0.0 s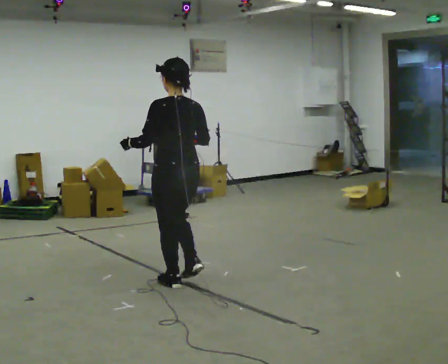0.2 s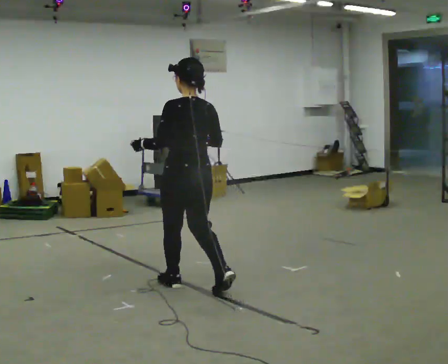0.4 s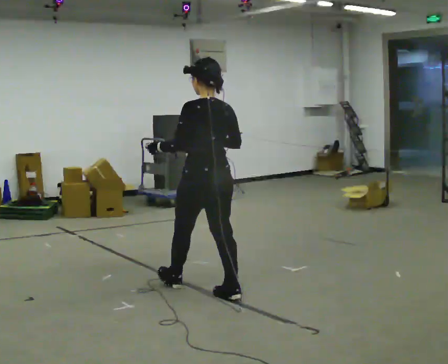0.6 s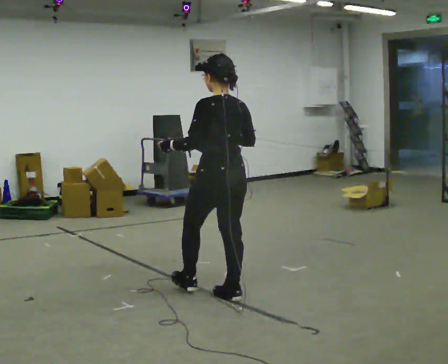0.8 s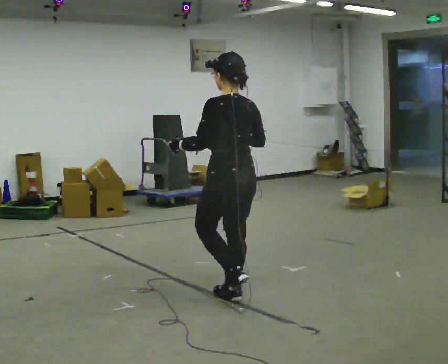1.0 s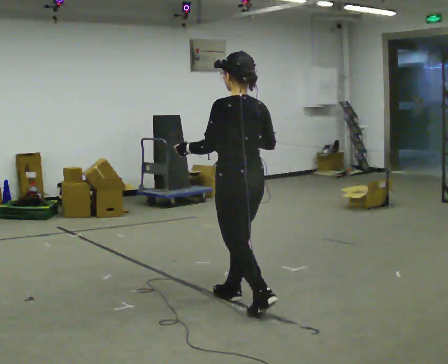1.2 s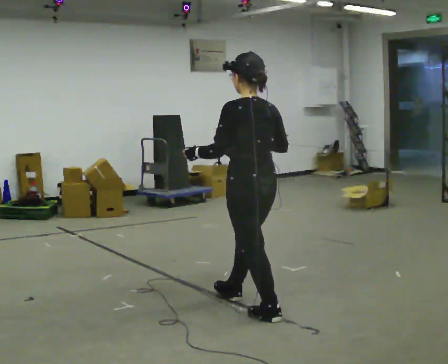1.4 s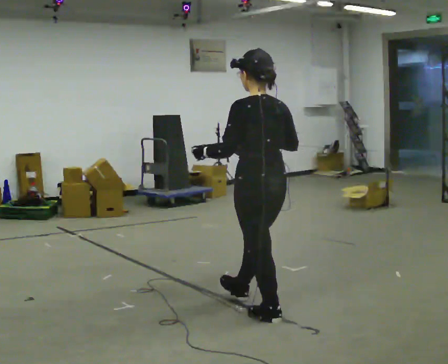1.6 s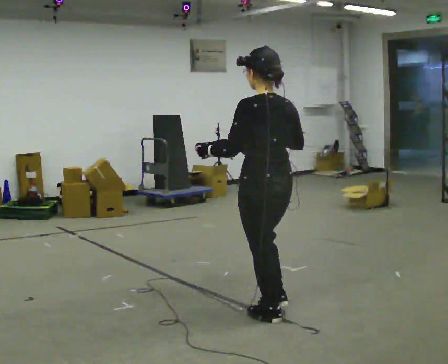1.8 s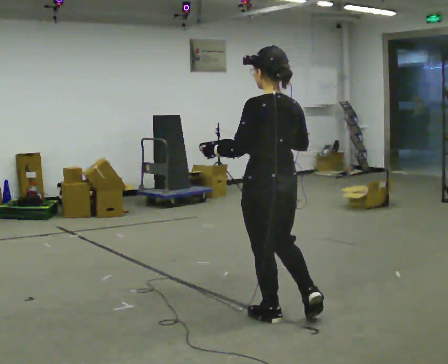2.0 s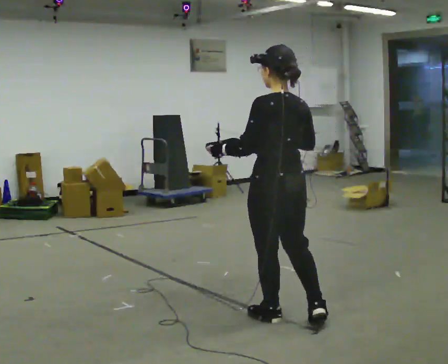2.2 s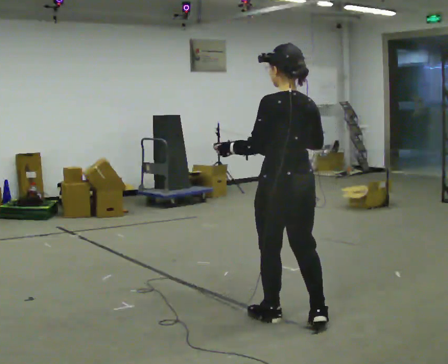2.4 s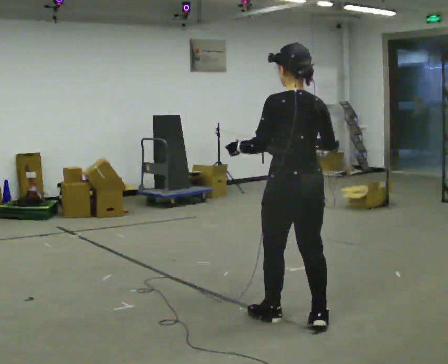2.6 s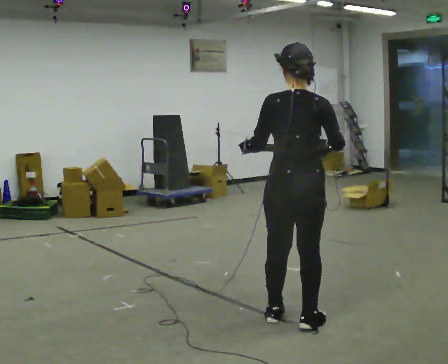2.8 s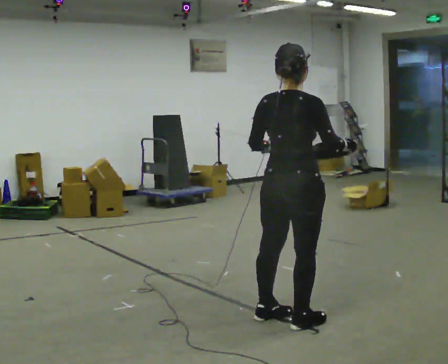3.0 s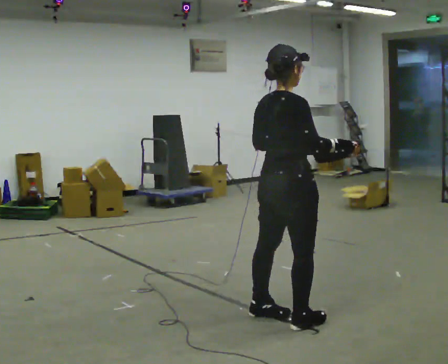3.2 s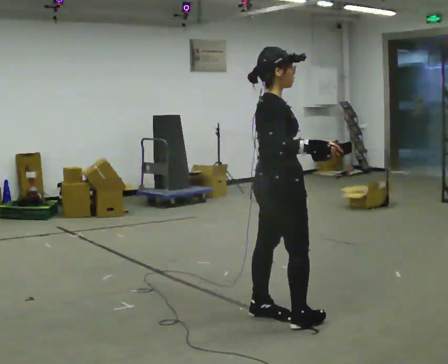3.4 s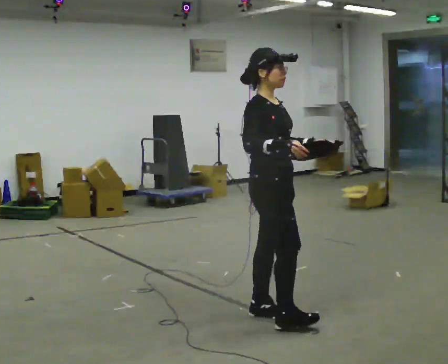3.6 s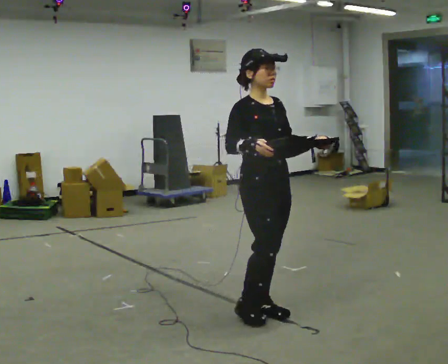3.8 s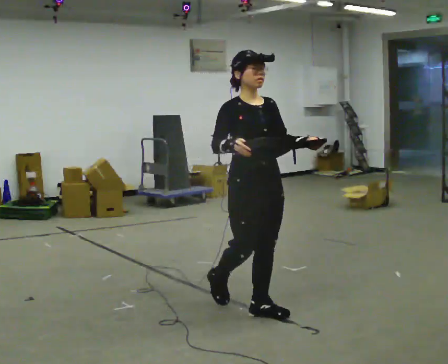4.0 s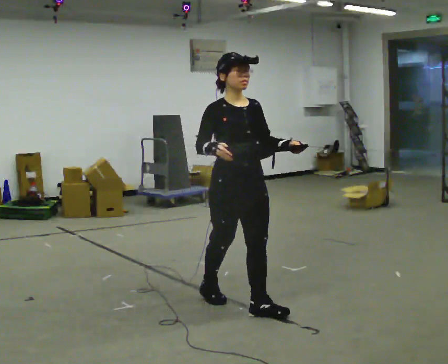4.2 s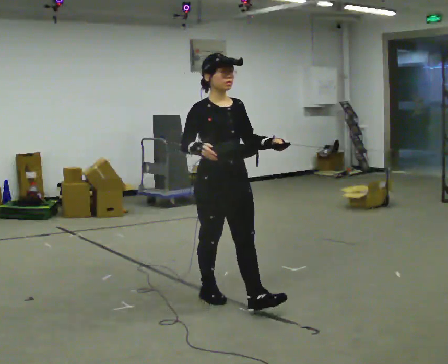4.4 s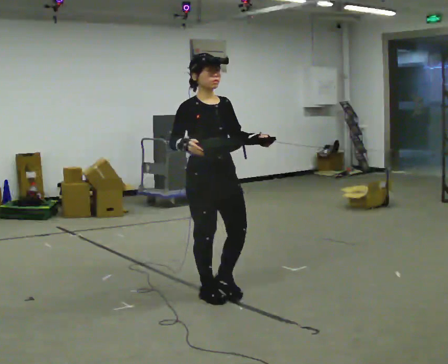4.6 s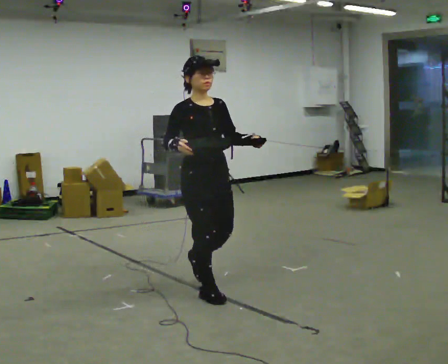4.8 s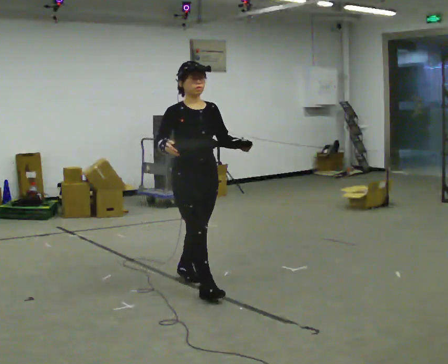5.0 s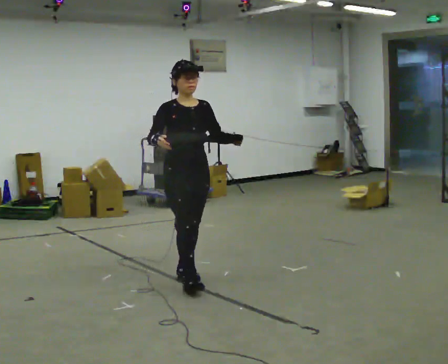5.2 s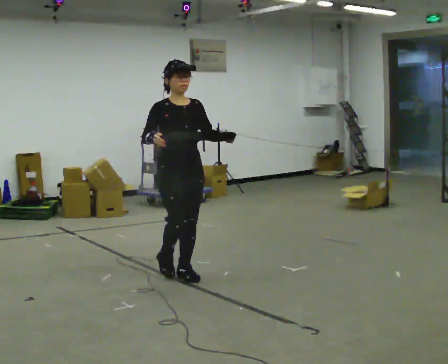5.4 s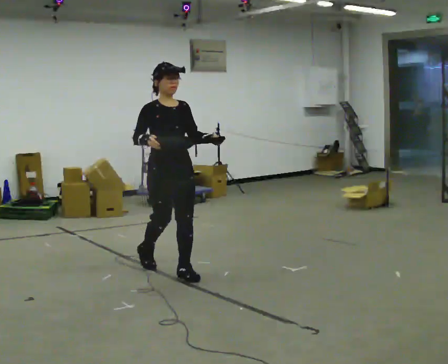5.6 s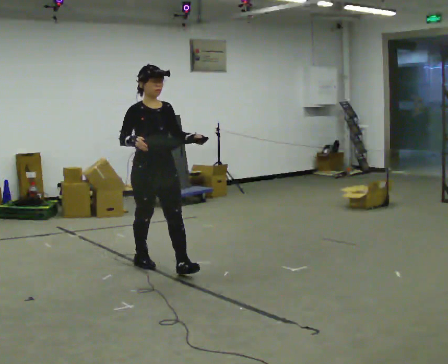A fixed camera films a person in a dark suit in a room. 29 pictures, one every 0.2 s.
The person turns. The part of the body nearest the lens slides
to the left.
The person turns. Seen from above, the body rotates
clockwise.
0.0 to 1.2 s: In the picture they go to the right and toward the camera, about 1 m in 1 step, which for them is backward.
1.2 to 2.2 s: In the picture they go to the right, about 0.25 m in 1 step, which for them is backward.
2.2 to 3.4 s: The part of the body nearest the lens slides to the left as the person turns to their right by about 150 degrees. In the picture they go to the left, about 0.25 m in 2 steps.
3.4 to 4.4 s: Seen from above the body turns clockwise, about 30 degrees: to their right, with its near side sliding to the left. In the picture they go to the left and away from the camera, about 0.5 m in 1 step, which for them is backward.
4.4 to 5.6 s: In the picture they go away from the camera and to the left, about 1 m in 2 steps, which for them is backward.
The film runs backward here.
